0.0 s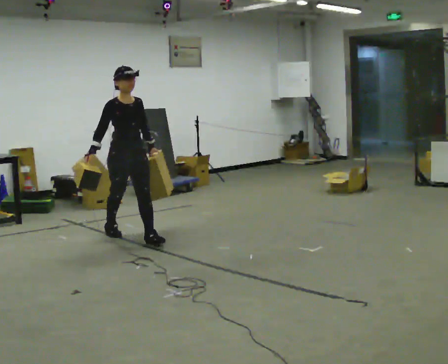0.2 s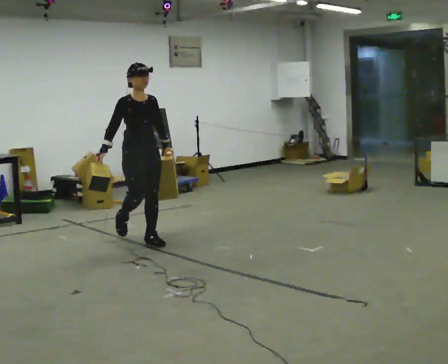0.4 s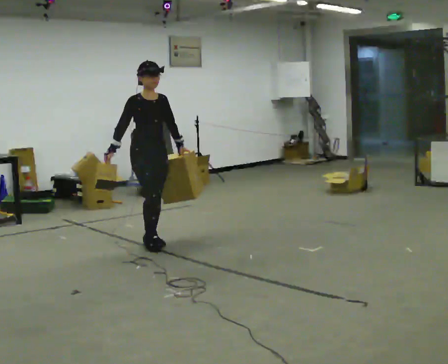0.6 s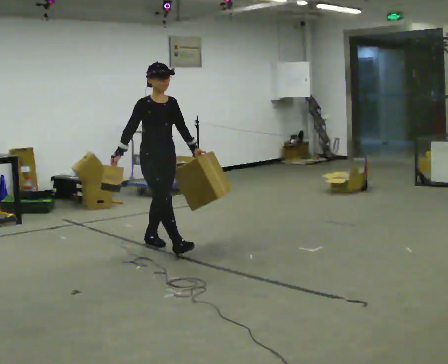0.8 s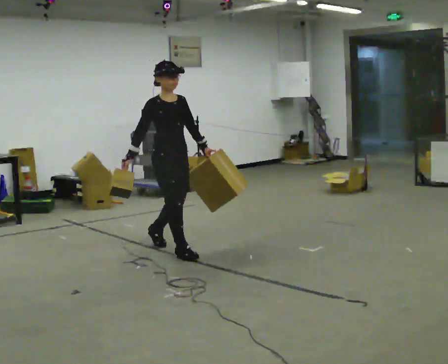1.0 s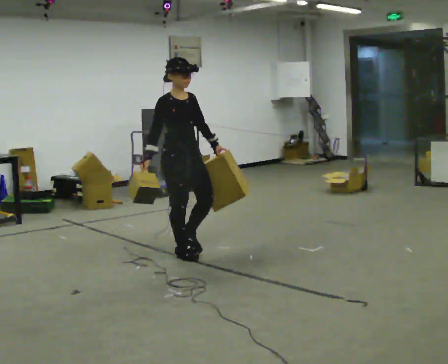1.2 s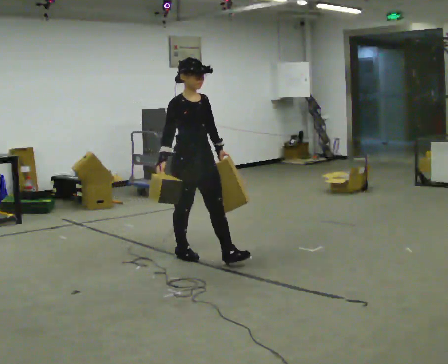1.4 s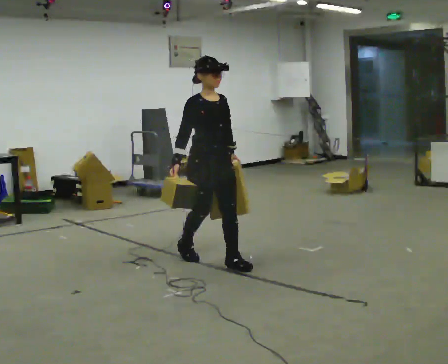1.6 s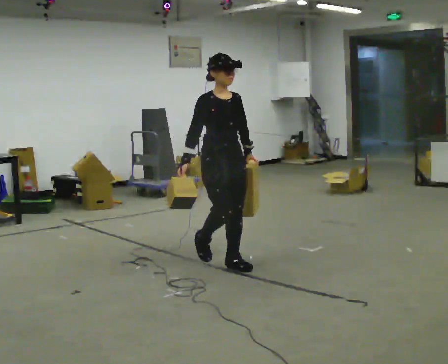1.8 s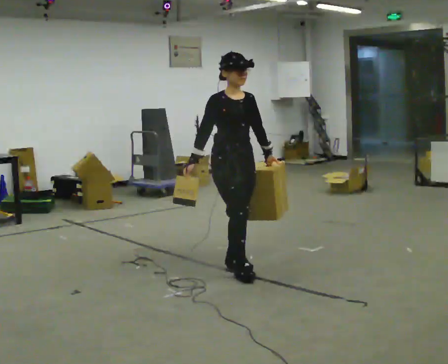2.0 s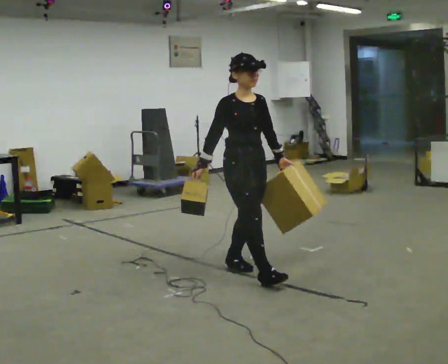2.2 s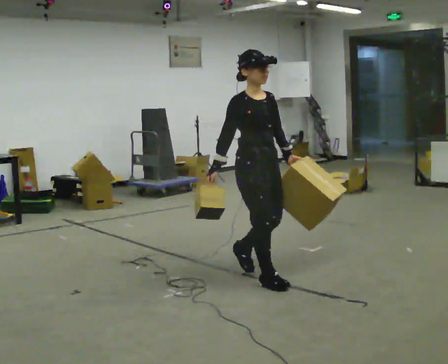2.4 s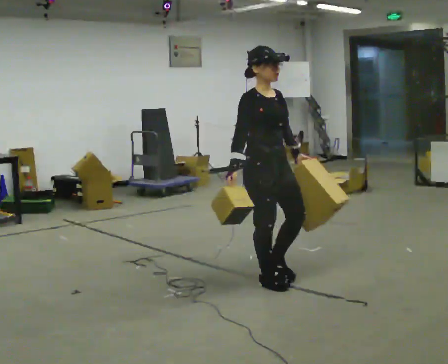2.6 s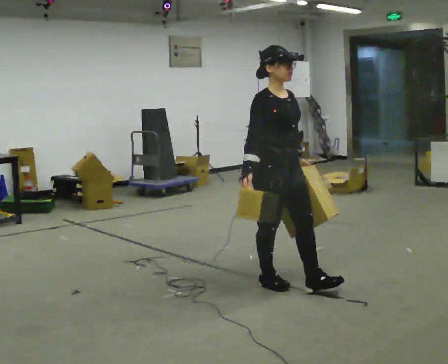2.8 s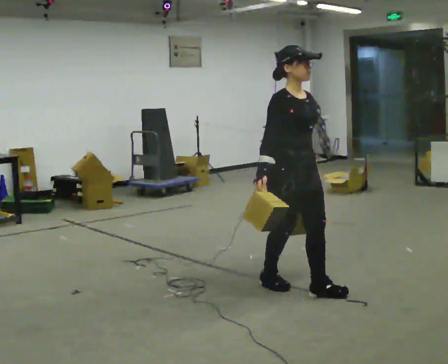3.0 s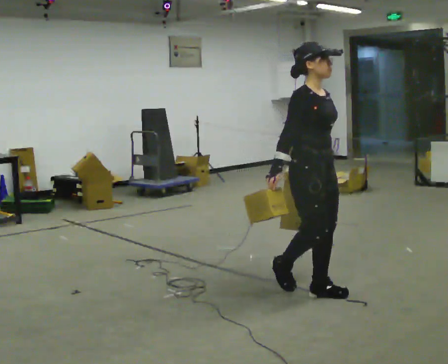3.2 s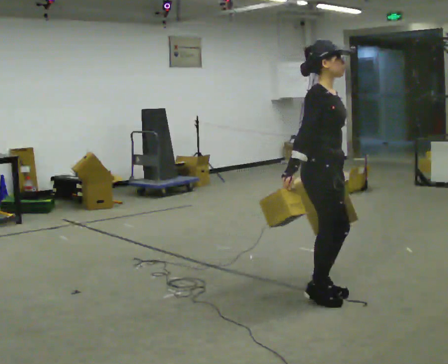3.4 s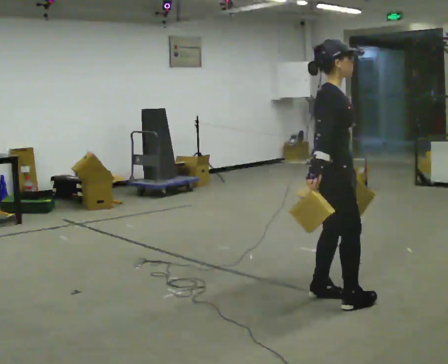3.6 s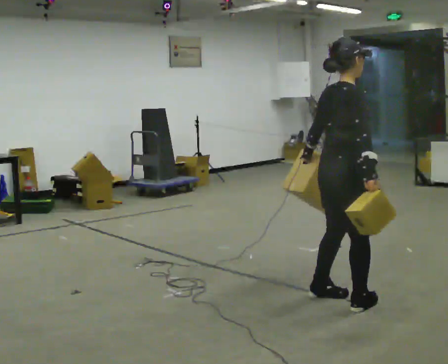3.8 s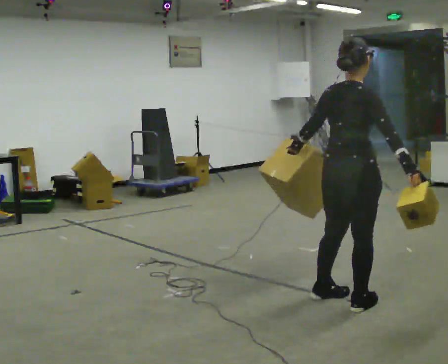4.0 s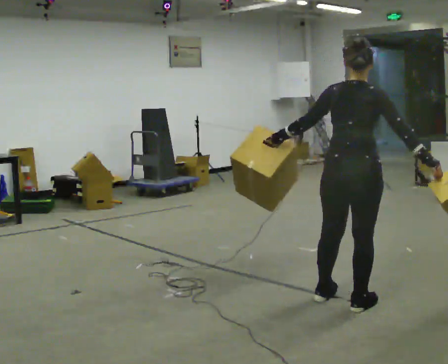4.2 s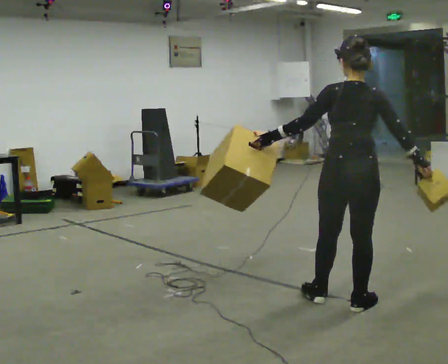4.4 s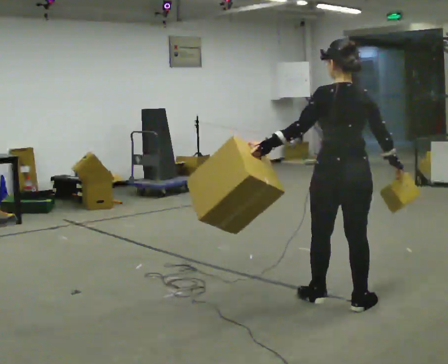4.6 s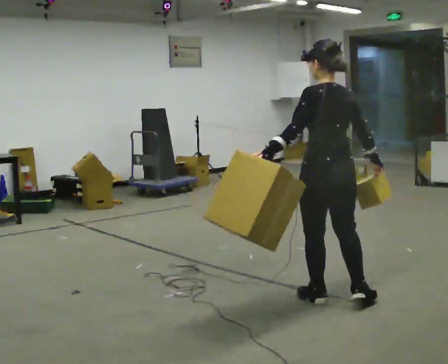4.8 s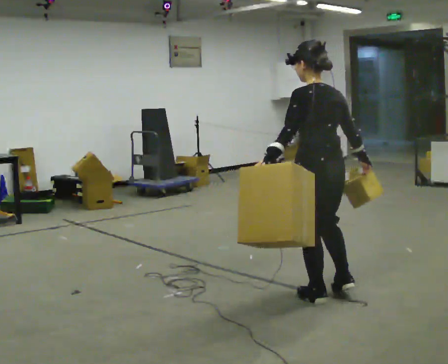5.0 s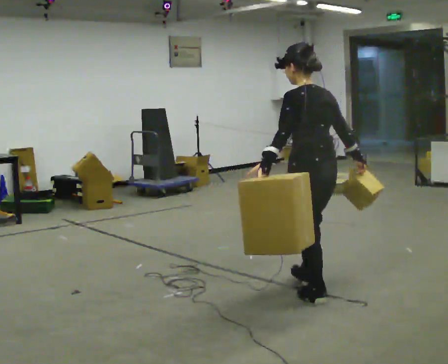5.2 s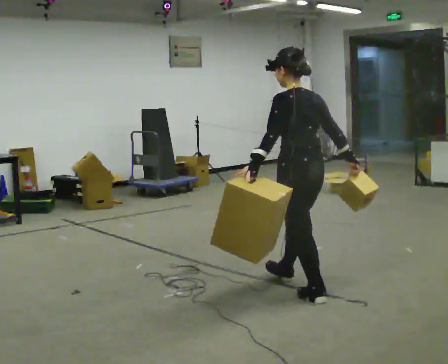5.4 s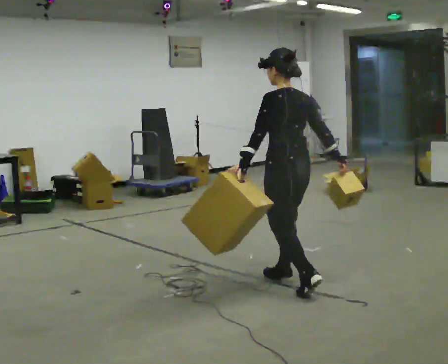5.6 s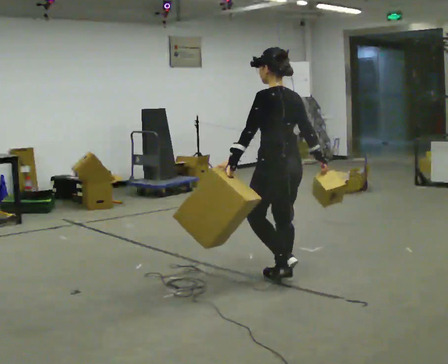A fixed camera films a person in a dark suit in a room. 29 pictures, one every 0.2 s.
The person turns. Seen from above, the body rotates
counterclockwise.
The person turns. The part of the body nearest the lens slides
to the right.
0.0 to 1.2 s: In the picture they go to the right and toward the camera, about 1 m in 1 step, which for them is forward.
1.2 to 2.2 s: In the picture they go toward the camera and to the right, about 0.5 m in 2 steps, which for them is forward.
2.2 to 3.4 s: The part of the body nearest the lens slides to the right as the person turns to their left by about 45 degrees. In the picture they go to the right and toward the camera, about 0.5 m in 1 step, which for them is forward.
3.4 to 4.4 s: The person turns about 105 degrees to their left, counterclockwise seen from above, so the part of the body nearest the lens slides to the right. In the picture their left hand goes to the left, the arm swinging clockwise.
4.4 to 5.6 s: The person turns about 30 degrees to their left, counterclockwise seen from above, so the part of the body nearest the lens slides to the right. In the picture they go away from the camera and to the left, about 0.5 m in 1 step, which for them is forward.
The film runs forward here.
